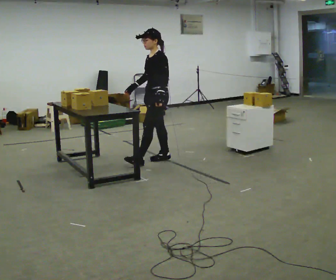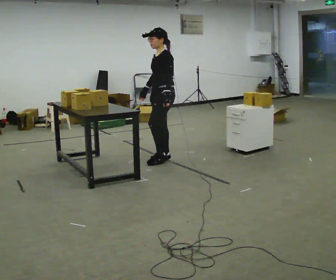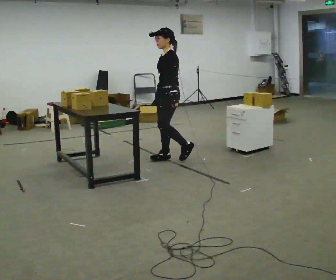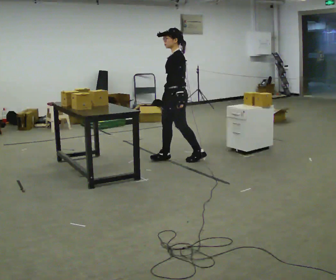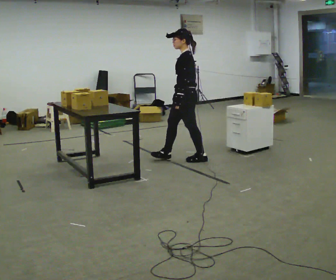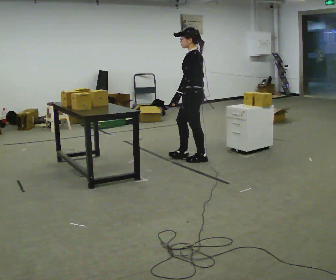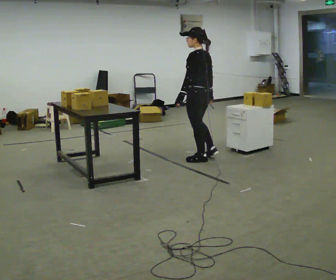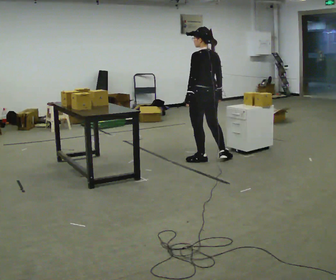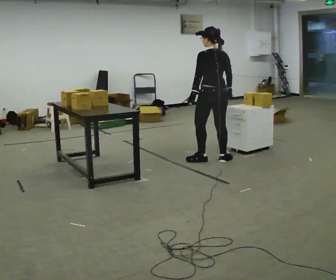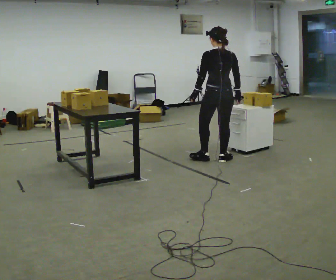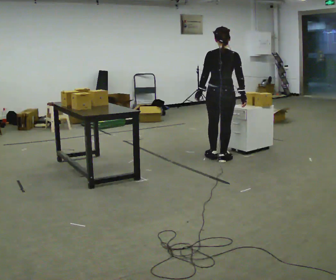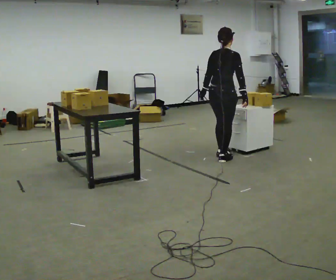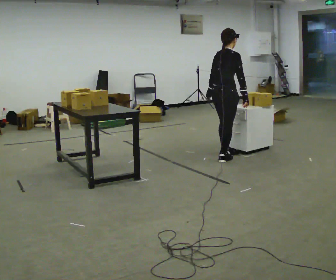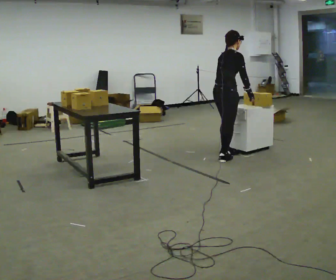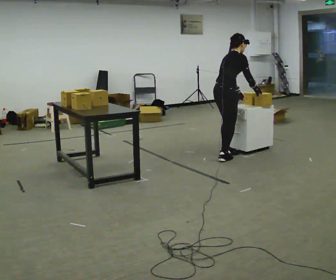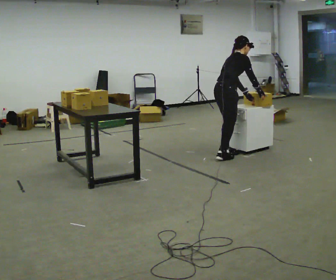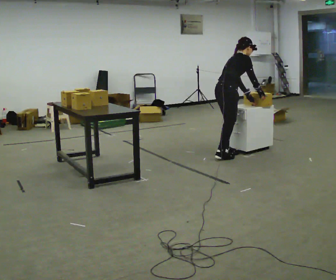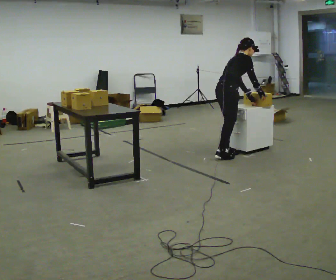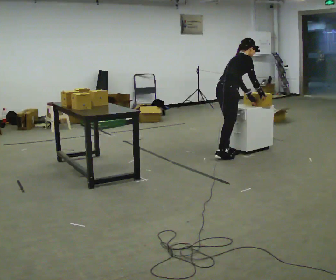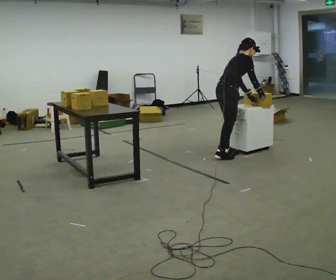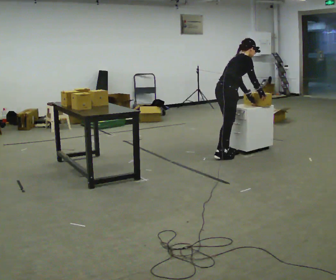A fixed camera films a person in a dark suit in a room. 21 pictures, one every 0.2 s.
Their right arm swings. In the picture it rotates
counterclockwise.
The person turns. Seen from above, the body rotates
clockwise.
0.0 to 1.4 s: Seen from above the body turns clockwise, about 75 degrees: to their right, with its near side sliding to the left. In the picture they go to the right, about 0.5 m in 1 step.
1.4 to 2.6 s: The person turns about 90 degrees to their right, clockwise seen from above, so the part of the body nearest the lens slides to the left. In the picture they go to the right, about 0.25 m in 1 step.
2.6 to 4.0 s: In the picture the upper body tilts clockwise, shoulders to the right, as they bend forward. In the picture their left hand goes to the right.
The film runs backward here.
